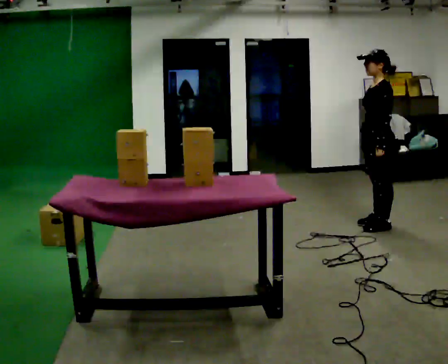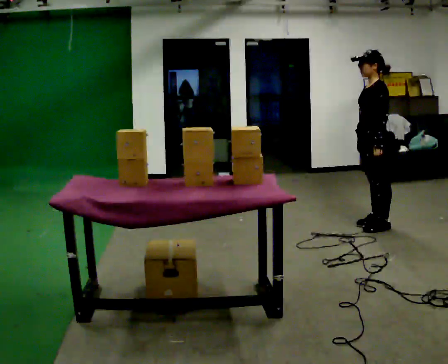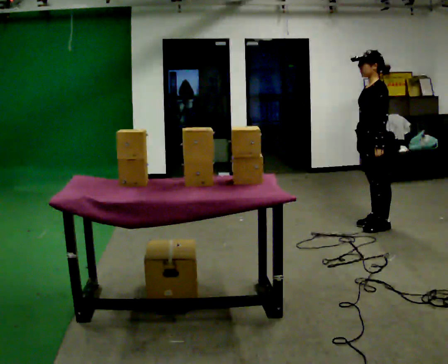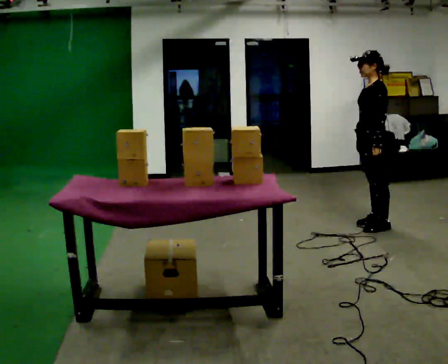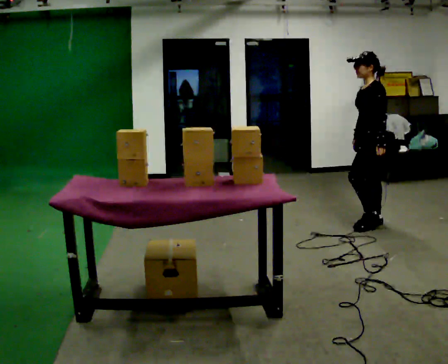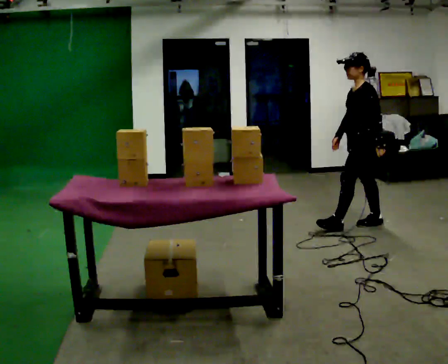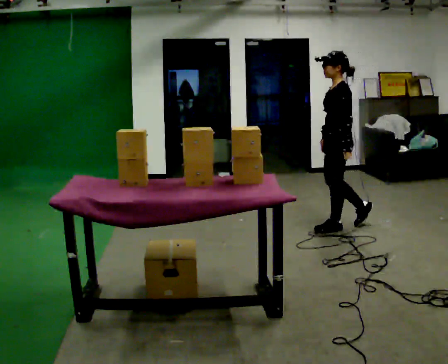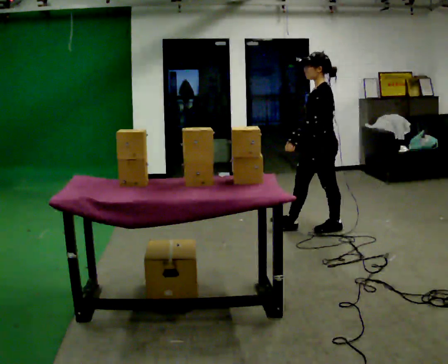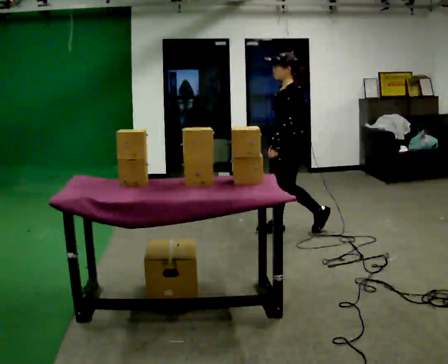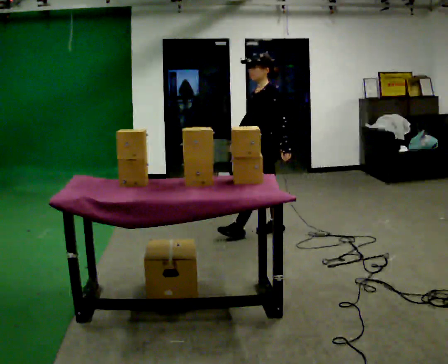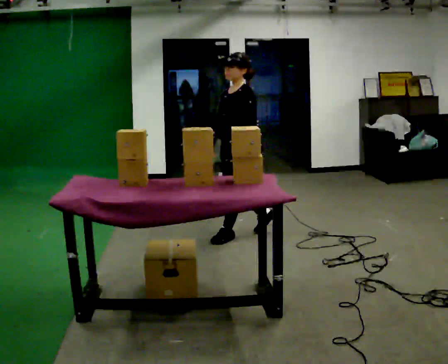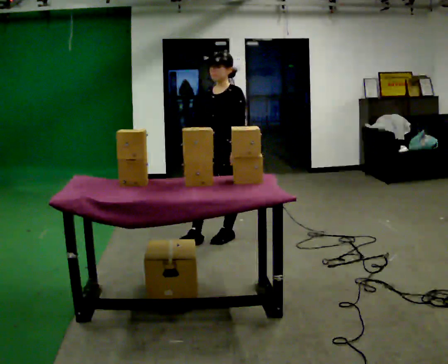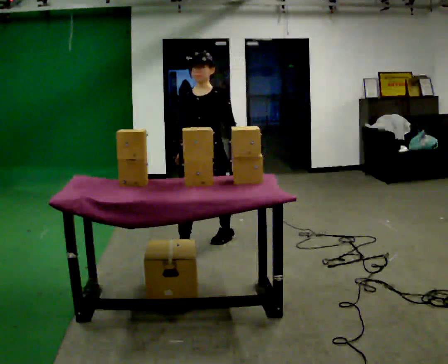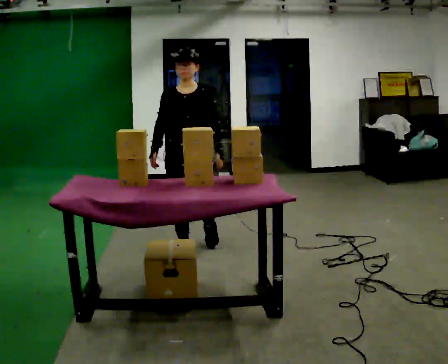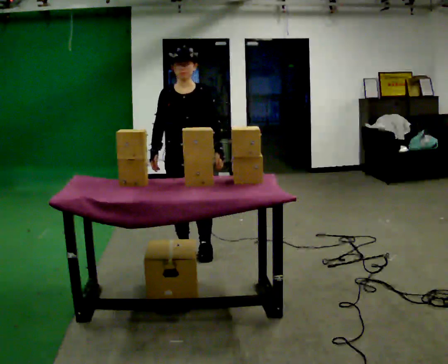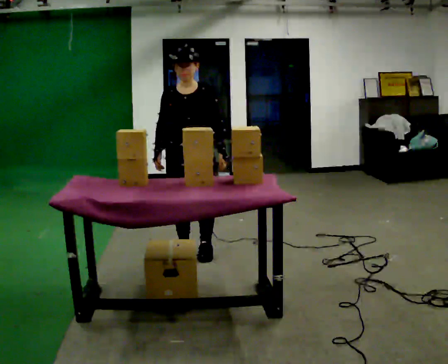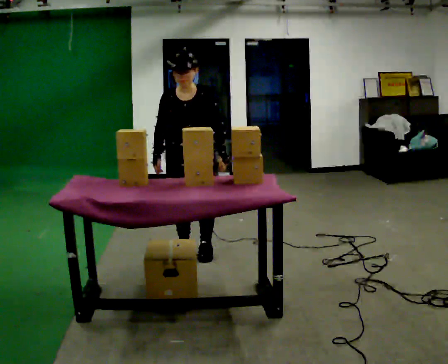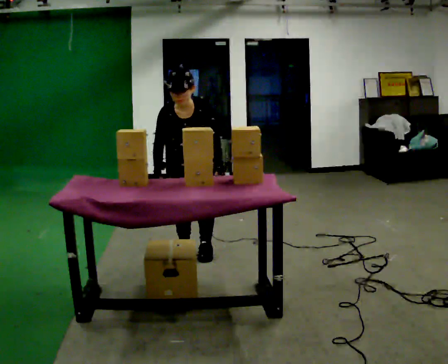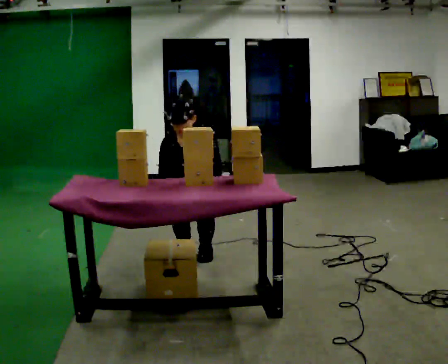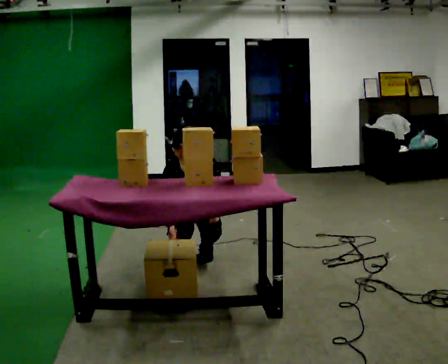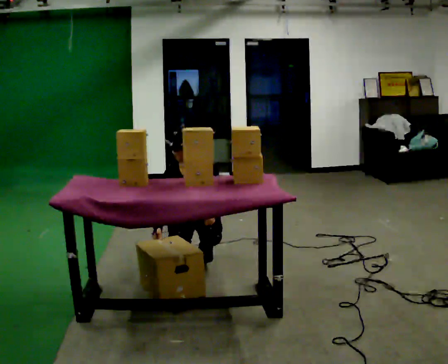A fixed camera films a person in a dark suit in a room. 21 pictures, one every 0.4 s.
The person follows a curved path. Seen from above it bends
counterclockwise.
The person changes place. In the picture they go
to the left.
0.0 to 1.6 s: The person moves a little, or ends about where they began.
1.6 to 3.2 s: In the picture they go to the left, about 1 m in 2 steps, which for them is forward.
3.2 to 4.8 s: The part of the body nearest the lens slides to the right as the person turns to their left by about 60 degrees. In the picture they go to the left and toward the camera, about 1 m in 2 steps.
4.8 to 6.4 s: The upper body tips toward the camera, its near side rolling downward, as they bend forward.
6.4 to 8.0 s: The upper body goes downward. In the picture their right hand goes downward.
The film runs forward here.
